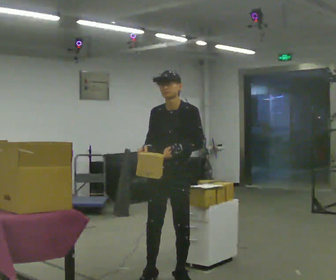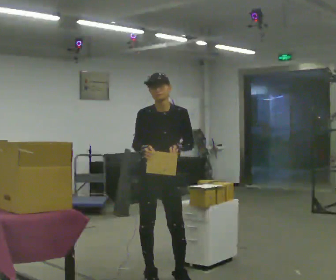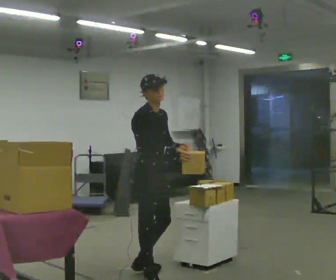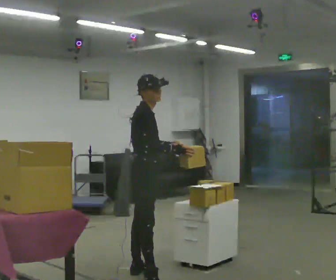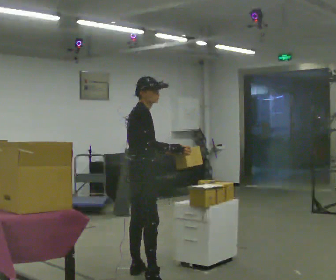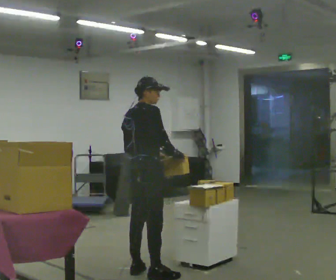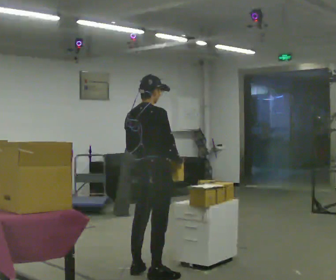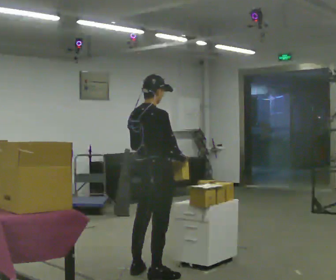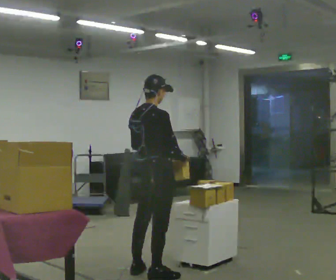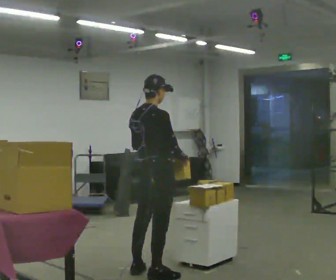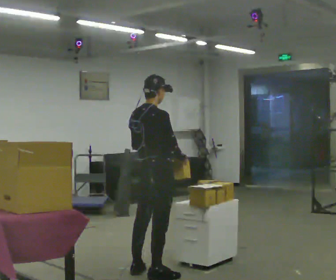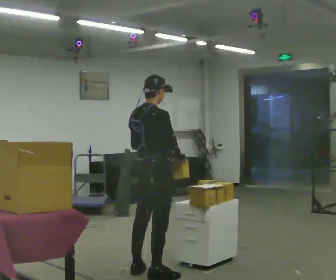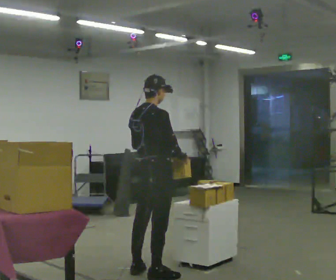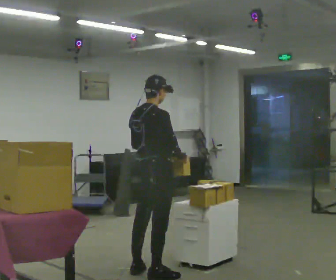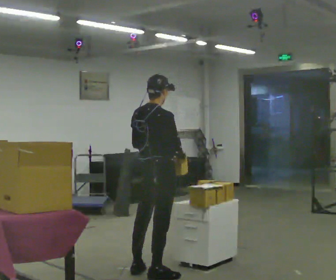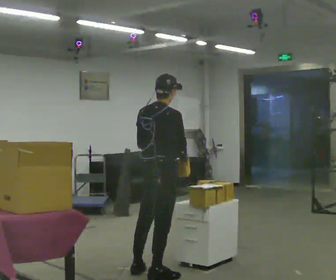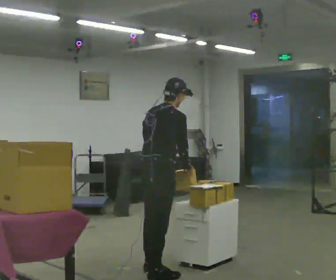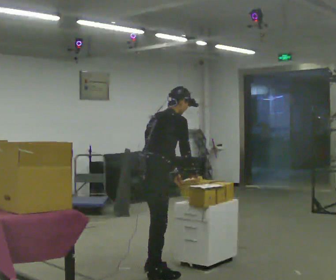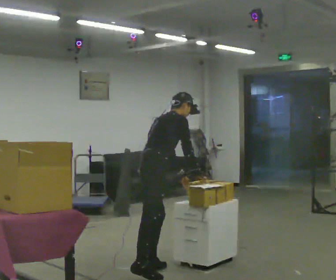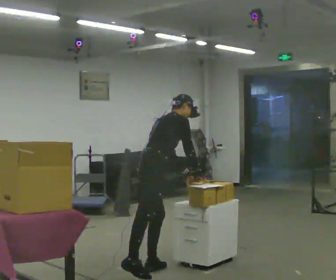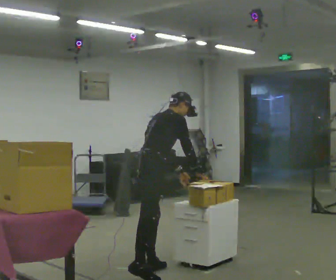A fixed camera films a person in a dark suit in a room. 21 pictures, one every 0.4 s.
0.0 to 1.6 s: The person turns about 120 degrees to their left, counterclockwise seen from above, so the part of the body nearest the lens slides to the right. In the picture they go to the left and away from the camera, about 0.25 m in 1 step.
1.6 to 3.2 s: The person turns about 30 degrees to their left, counterclockwise seen from above, so the part of the body nearest the lens slides to the right.
3.2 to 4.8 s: The person moves a little, or ends about where they began.
4.8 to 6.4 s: In the picture the upper body tilts clockwise, shoulders to the right, as they bend forward.
6.4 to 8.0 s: In the picture they go away from the camera, about 0.25 m in 1 step, which for them is to their left. The upper body tips away from the camera, its near side rolling upward, as they bend forward.
The film runs backward here.
